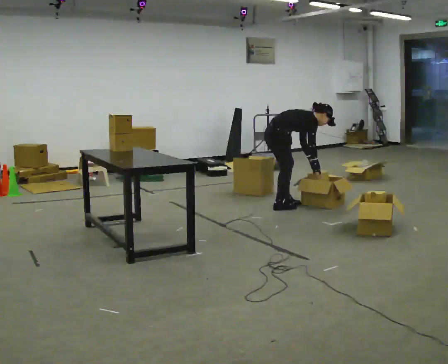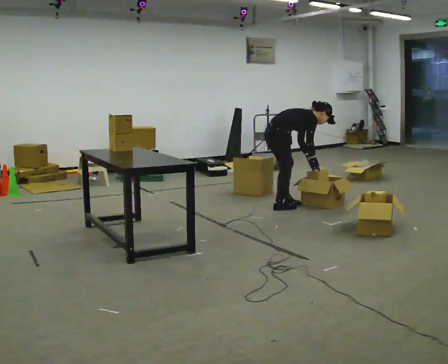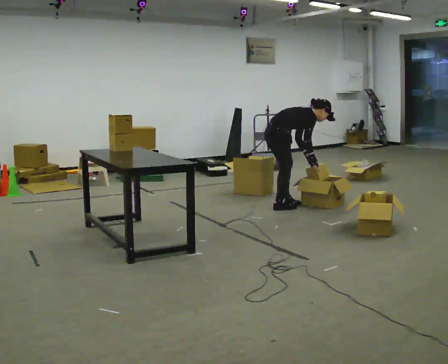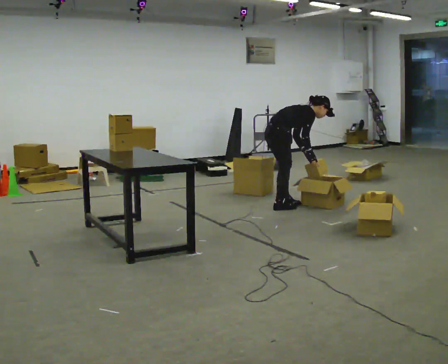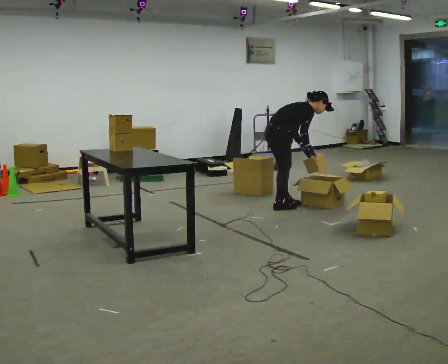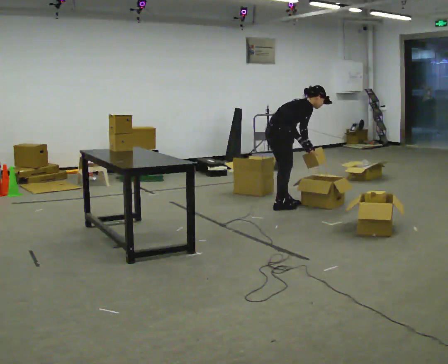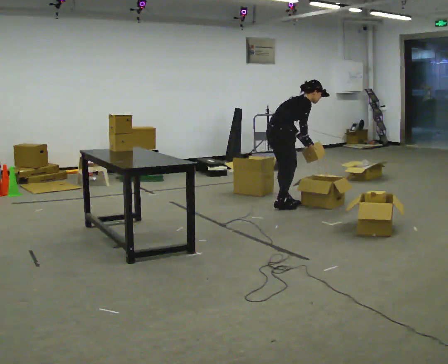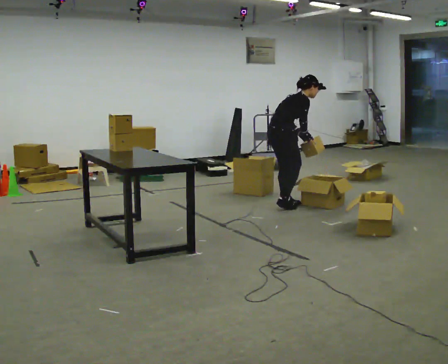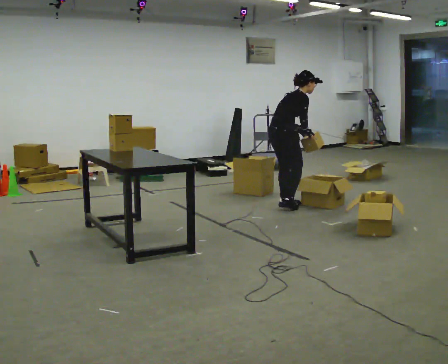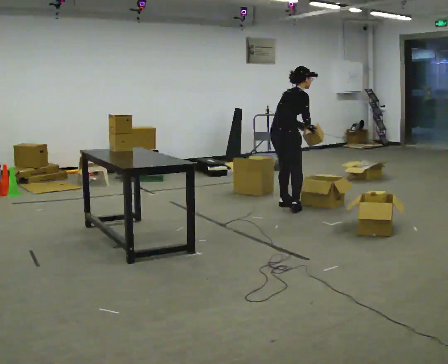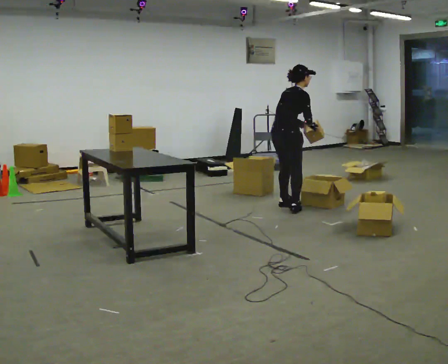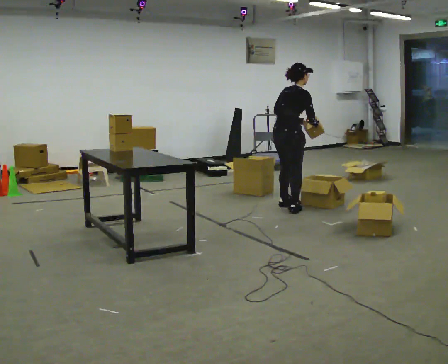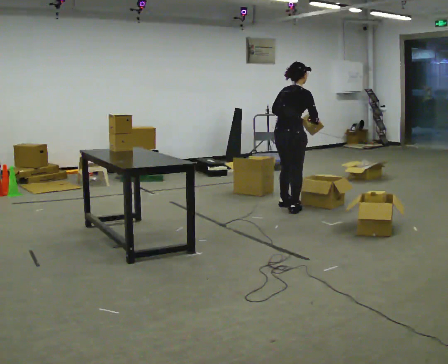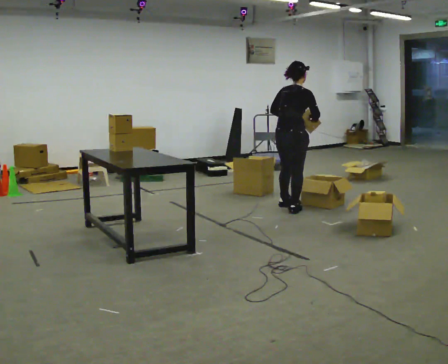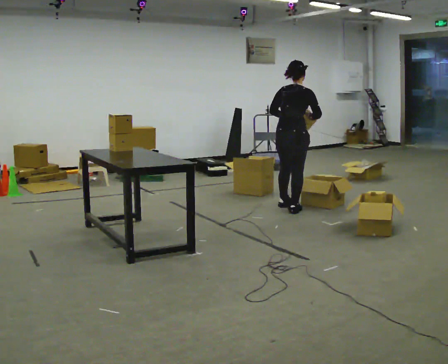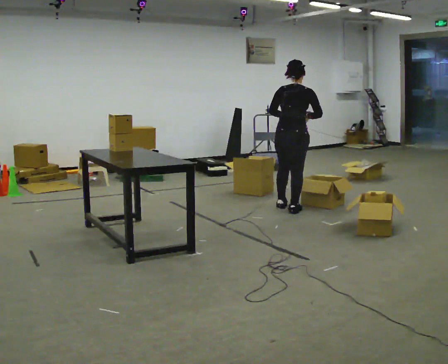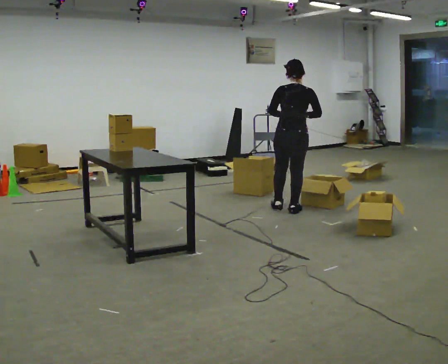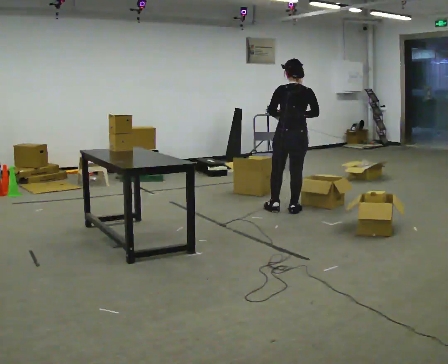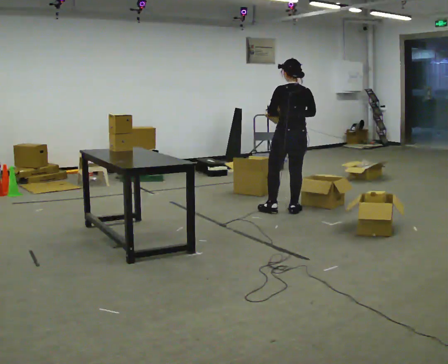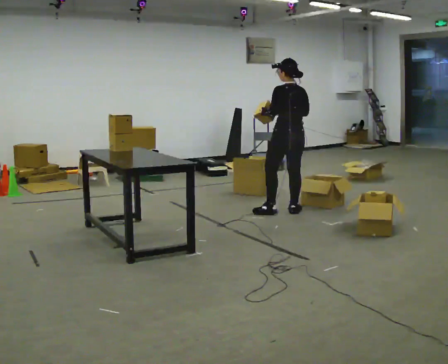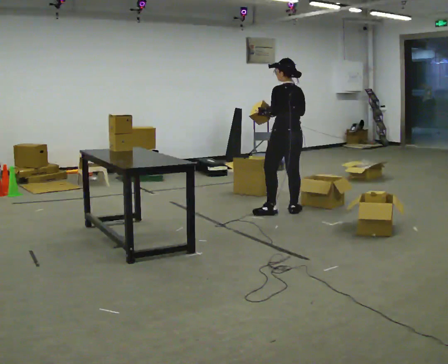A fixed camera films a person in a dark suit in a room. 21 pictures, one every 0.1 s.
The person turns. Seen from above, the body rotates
counterclockwise.
The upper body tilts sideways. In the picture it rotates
counterclockwise.
0.0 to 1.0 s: The person turns about 30 degrees to their left, counterclockwise seen from above, so the part of the body nearest the lens slides to the right. The upper body goes upward. In the picture the upper body tilts counterclockwise, shoulders to the left, as they lean back or straighten. In the picture their right hand goes upward.
1.0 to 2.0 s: The part of the body nearest the lens slides to the right as the person turns to their left by about 90 degrees. In the picture they go toward the camera, about 0.25 m in 1 step. In the picture the upper body tilts counterclockwise, shoulders to the left. In the picture their right hand goes to the left.
The film runs forward here.
